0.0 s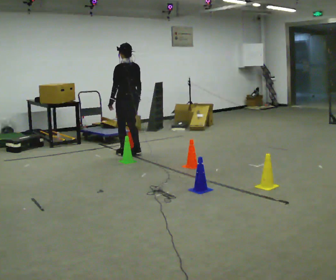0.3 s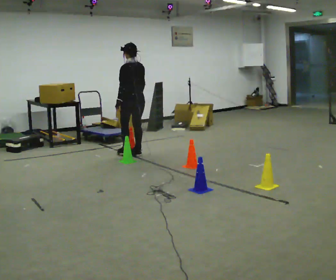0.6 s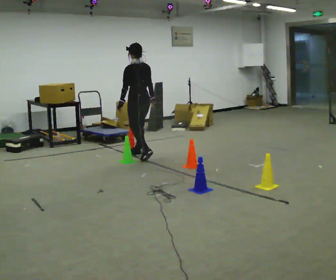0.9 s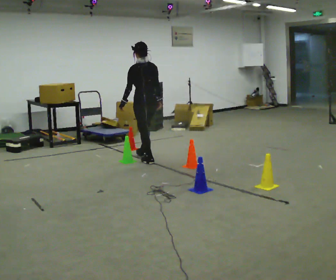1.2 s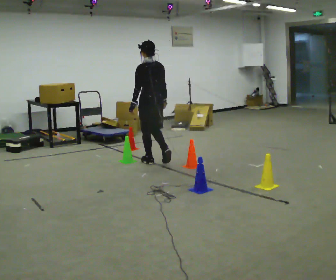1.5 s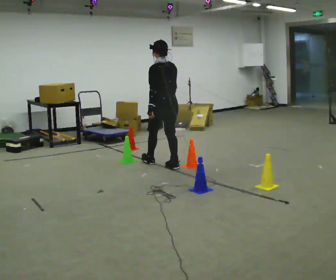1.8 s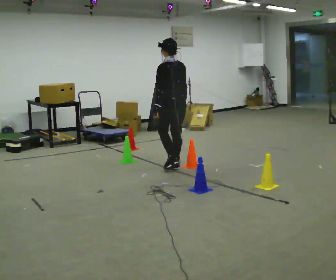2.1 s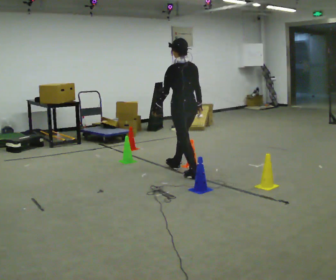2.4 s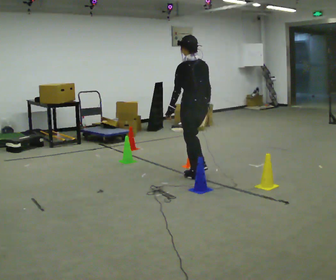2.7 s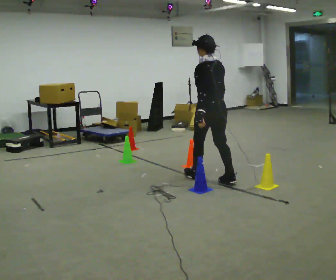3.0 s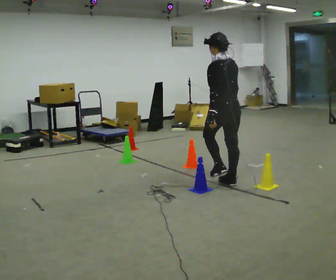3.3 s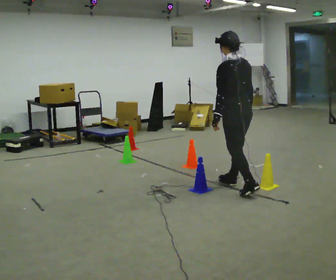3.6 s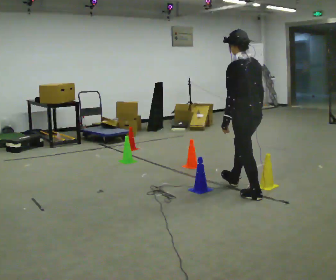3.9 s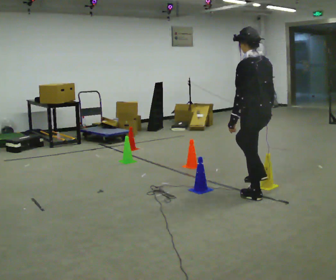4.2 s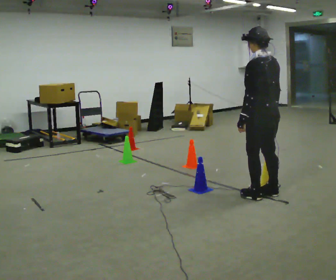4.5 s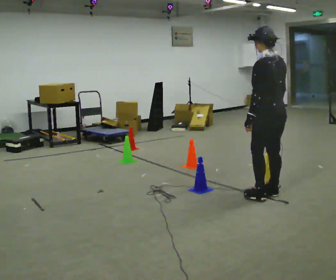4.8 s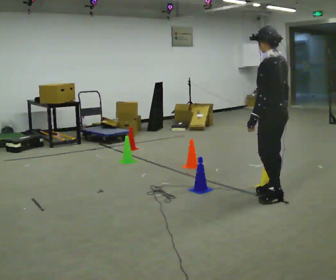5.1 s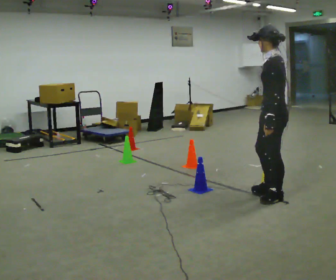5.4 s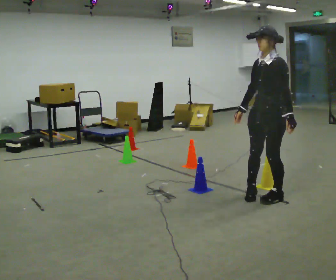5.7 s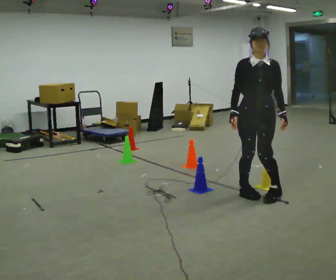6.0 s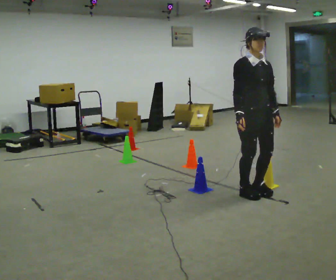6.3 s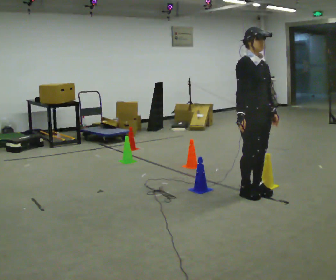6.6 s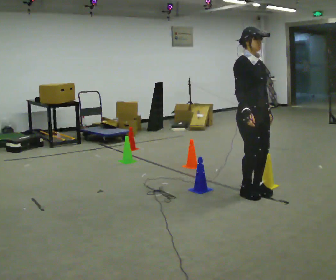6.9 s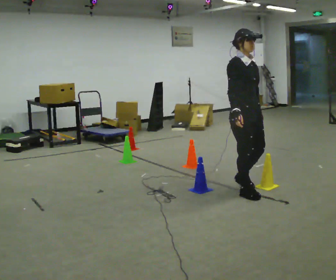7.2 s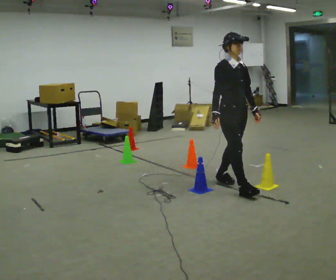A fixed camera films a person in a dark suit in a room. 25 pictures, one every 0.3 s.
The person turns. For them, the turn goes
to their left.
The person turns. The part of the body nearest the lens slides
to the right.
0.0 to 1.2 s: In the picture they go to the right and toward the camera, about 0.75 m in 2 steps, which for them is backward.
1.2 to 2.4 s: In the picture they go to the right and toward the camera, about 1 m in 2 steps, which for them is backward.
2.4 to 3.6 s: In the picture they go toward the camera and to the right, about 1 m in 2 steps, which for them is backward.
3.6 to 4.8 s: In the picture they go to the right, about 0.25 m in 1 step, which for them is backward.
4.8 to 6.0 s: The part of the body nearest the lens slides to the right as the person turns to their left by about 150 degrees. In the picture they go to the left, about 0.25 m in 2 steps. In the picture their right hand goes to the left.
6.0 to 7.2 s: In the picture they go away from the camera and to the left, about 0.25 m in 1 step, which for them is backward.
The film runs backward here.
